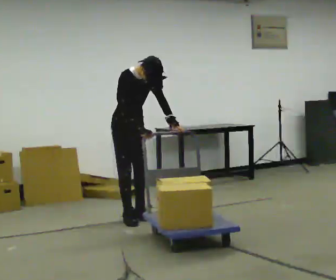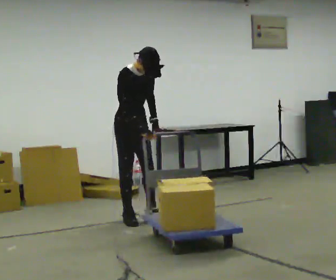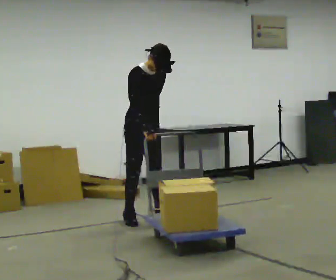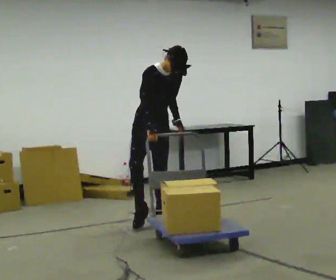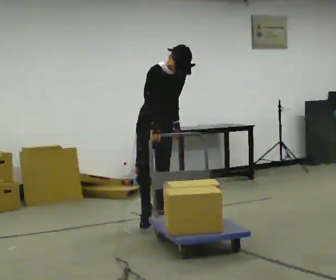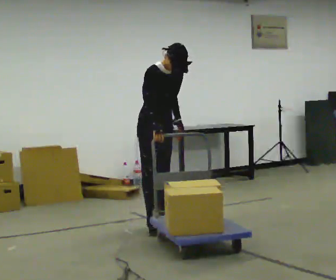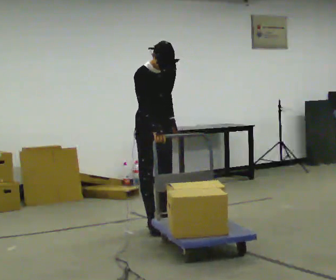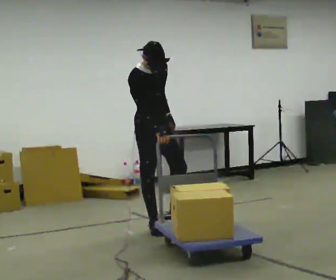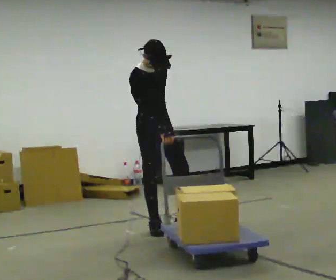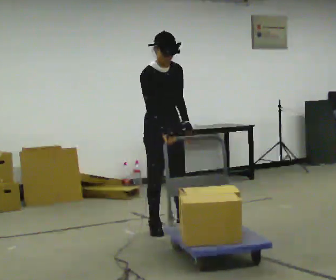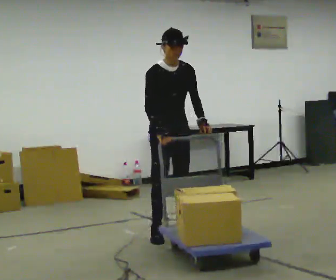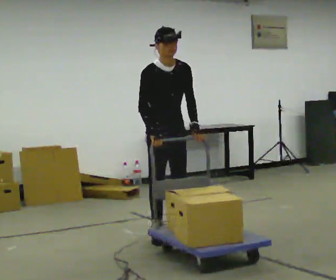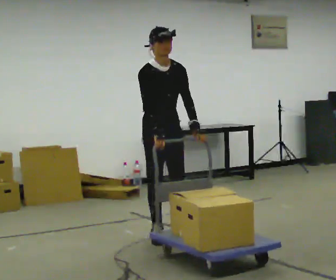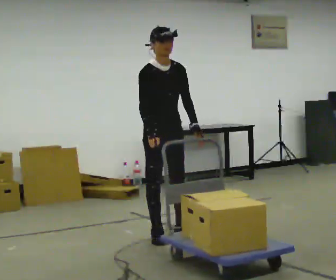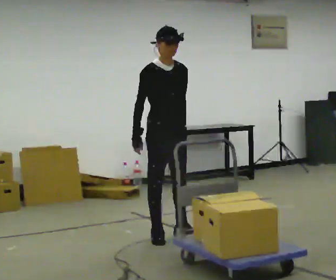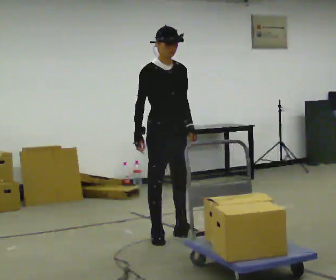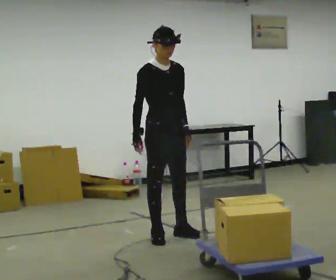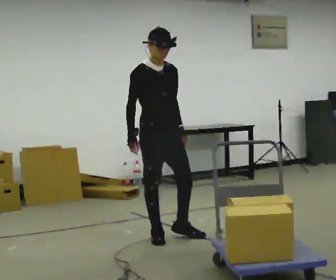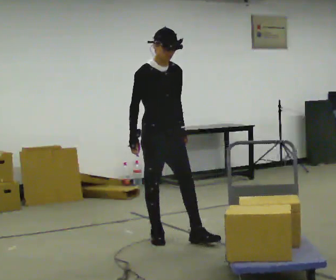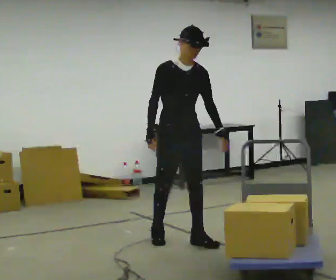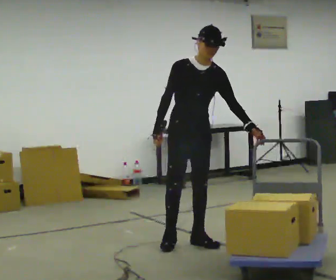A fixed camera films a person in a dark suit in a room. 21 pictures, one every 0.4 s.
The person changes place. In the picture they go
toward the camera.
0.0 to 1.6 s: In the picture they go to the right, about 0.25 m in 2 steps, which for them is forward and to their left.
1.6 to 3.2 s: In the picture they go toward the camera, about 0.25 m in 1 step, which for them is forward and to their right. In the picture the upper body tilts counterclockwise, shoulders to the left.
3.2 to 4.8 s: In the picture they go toward the camera, about 0.25 m in 1 step, which for them is forward.
4.8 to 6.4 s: The person moves a little, or ends about where they began.
6.4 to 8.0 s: In the picture they go to the right and toward the camera, about 0.25 m in 1 step, which for them is forward.
The film runs forward here.
